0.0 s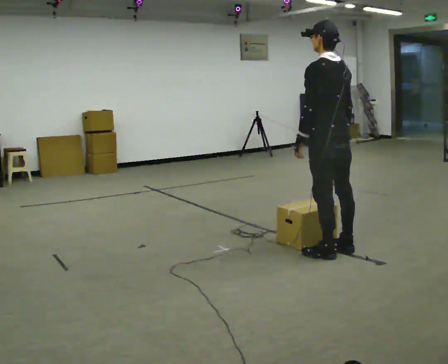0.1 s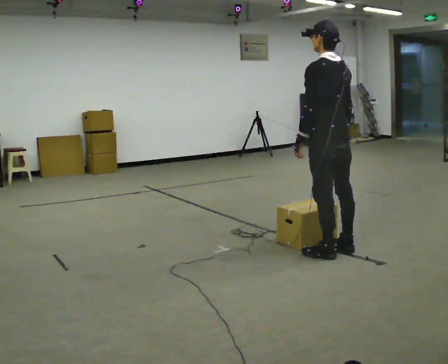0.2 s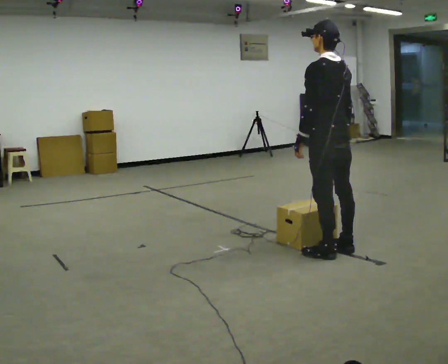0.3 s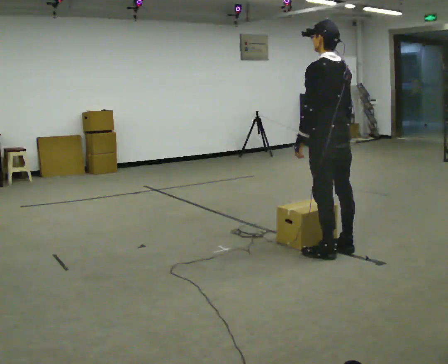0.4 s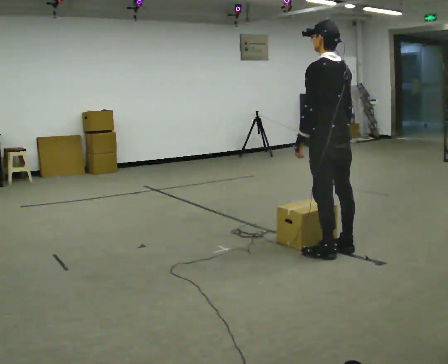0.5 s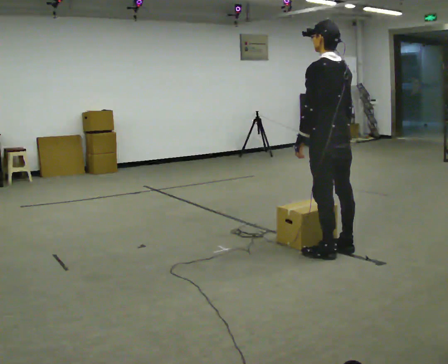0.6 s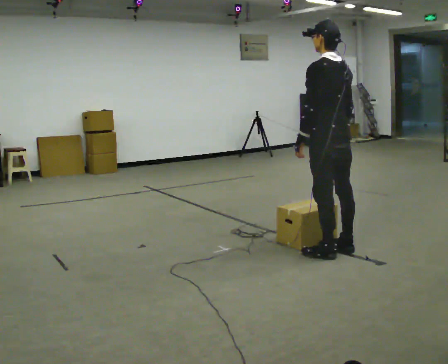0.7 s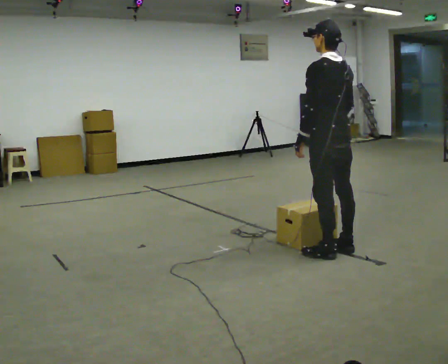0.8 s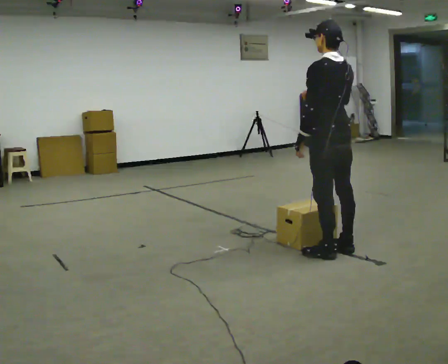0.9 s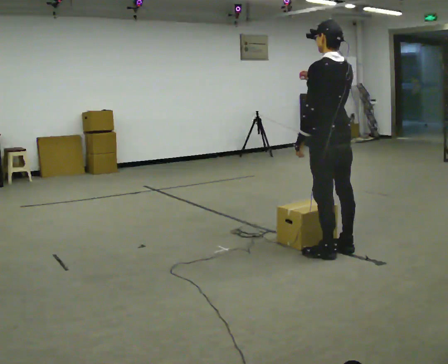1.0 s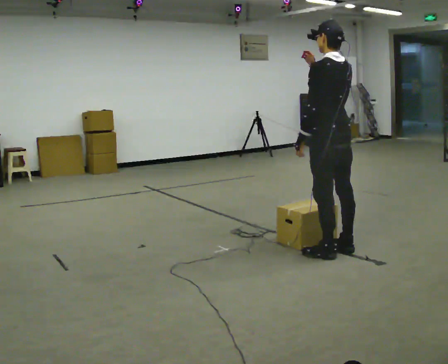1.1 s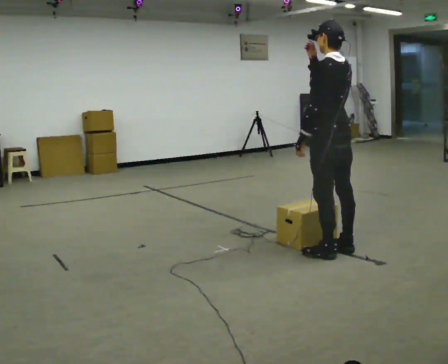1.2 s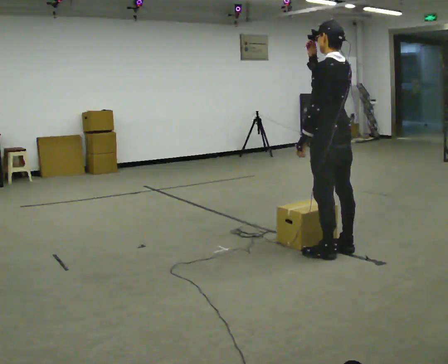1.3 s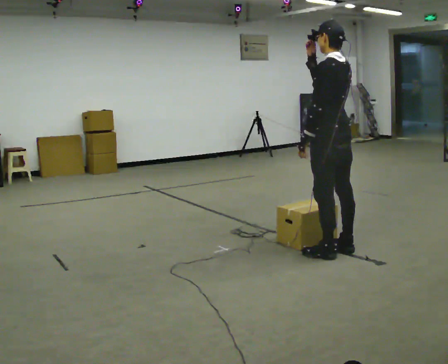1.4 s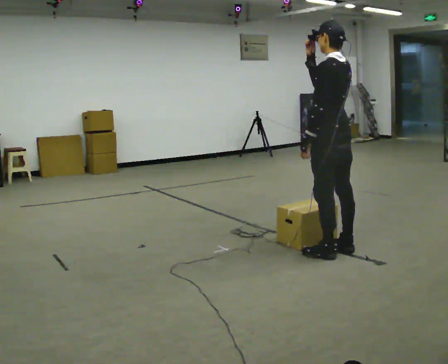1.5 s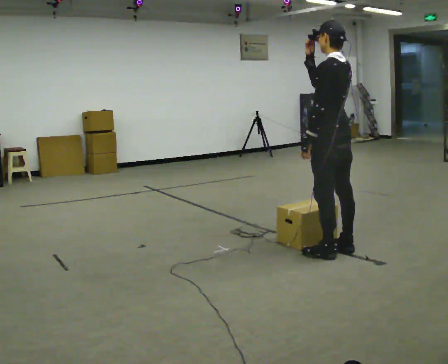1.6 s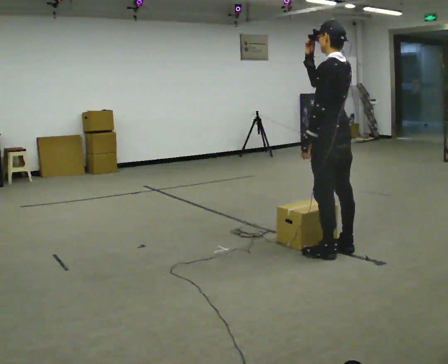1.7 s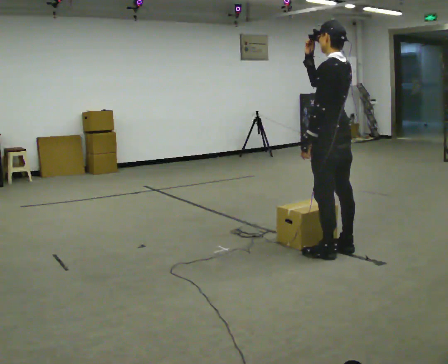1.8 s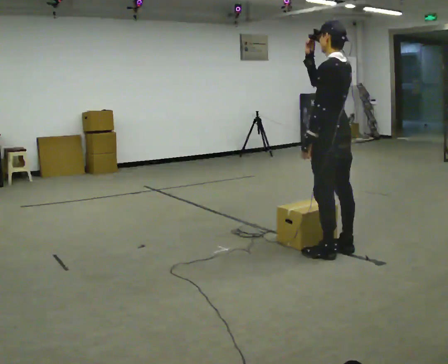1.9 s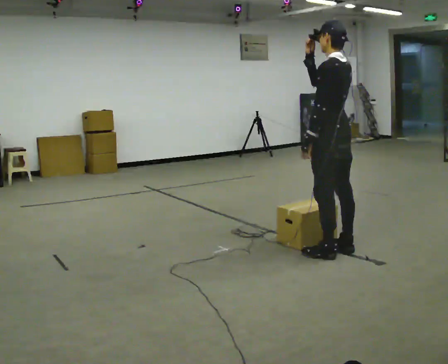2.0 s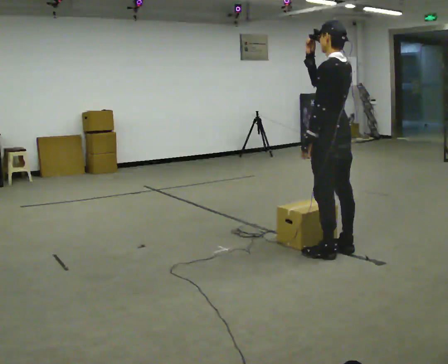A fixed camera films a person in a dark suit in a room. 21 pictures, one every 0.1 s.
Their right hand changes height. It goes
upward.
0.0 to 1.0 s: In the picture their right hand goes upward.
1.0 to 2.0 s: The person moves a little, or ends about where they began.
The film runs forward here.
